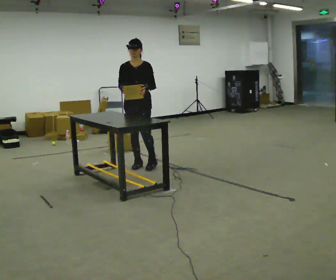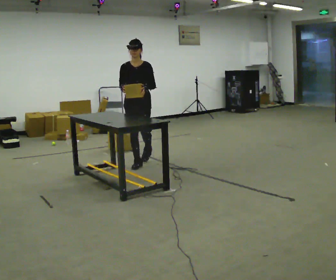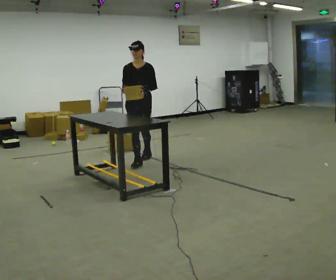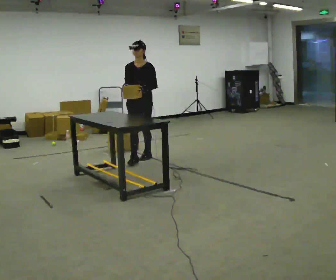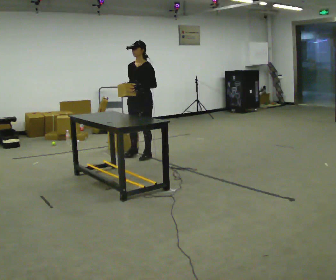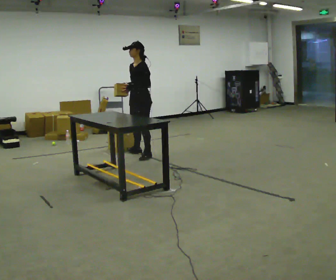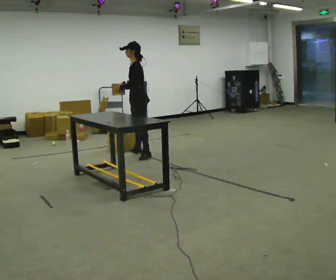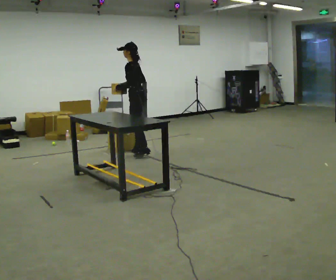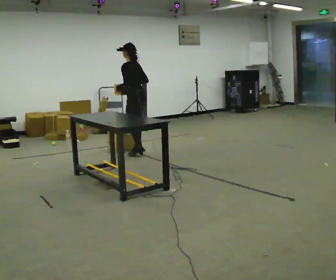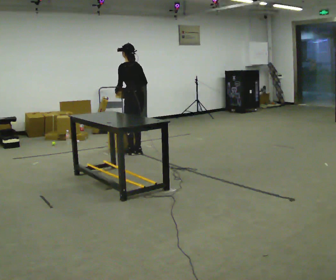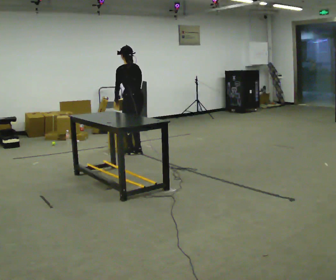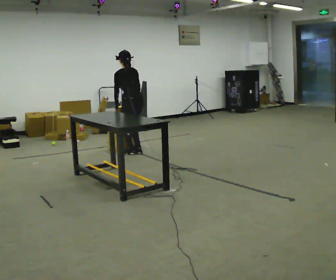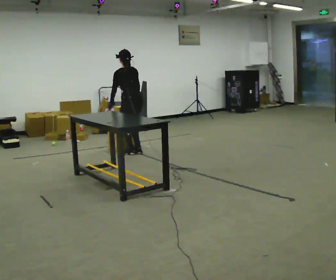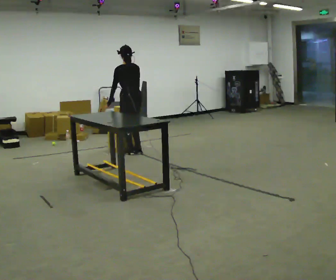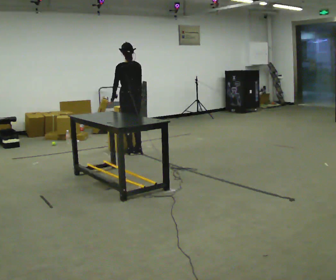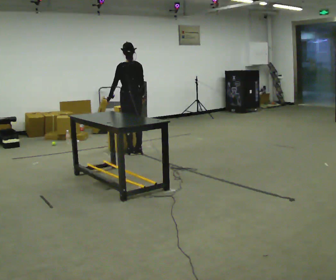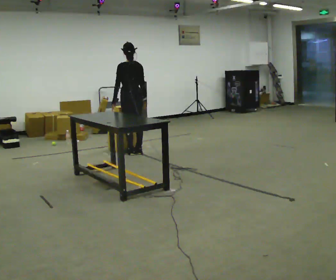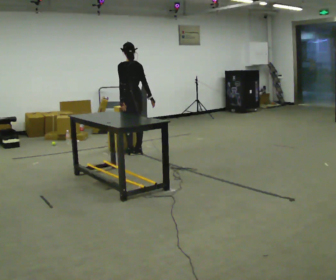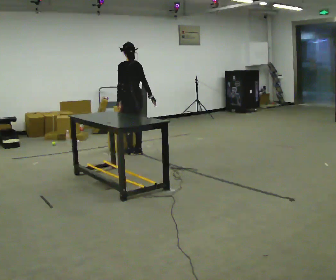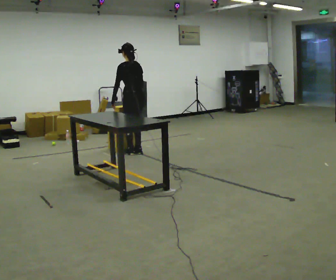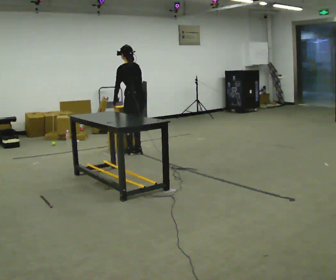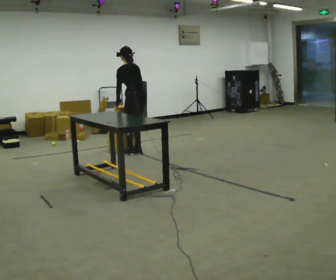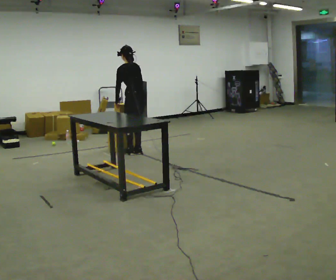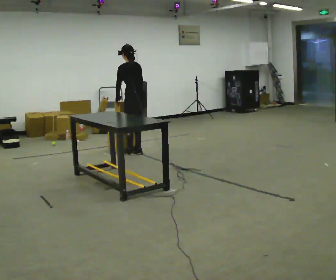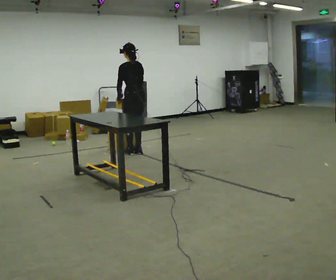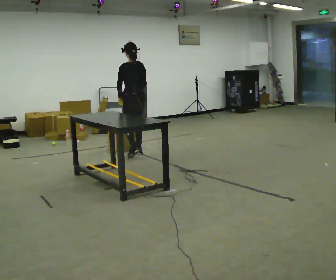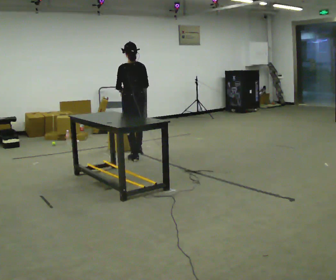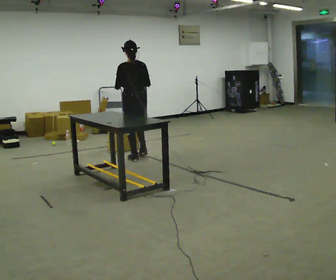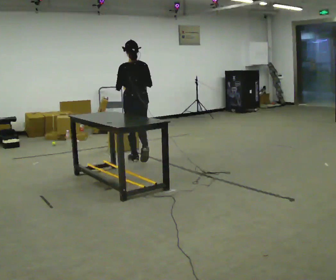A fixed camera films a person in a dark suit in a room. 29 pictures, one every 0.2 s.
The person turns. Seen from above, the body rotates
clockwise.
The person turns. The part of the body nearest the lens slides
to the left.
0.0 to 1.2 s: The part of the body nearest the lens slides to the left as the person turns to their right by about 75 degrees. In the picture they go away from the camera, about 0.5 m in 1 step.
1.2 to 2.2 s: The person turns about 60 degrees to their right, clockwise seen from above, so the part of the body nearest the lens slides to the left.
2.2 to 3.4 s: The person moves a little, or ends about where they began.
3.4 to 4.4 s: The upper body tips away from the camera, its near side rolling upward, as they bend forward.
4.4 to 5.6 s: In the picture they go toward the camera, about 0.5 m in 2 steps, which for them is backward and to their left. The upper body tips toward the camera, its near side rolling downward, as they lean back or straighten.
The film runs backward here.
